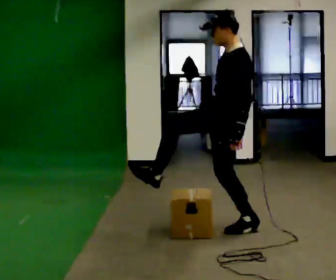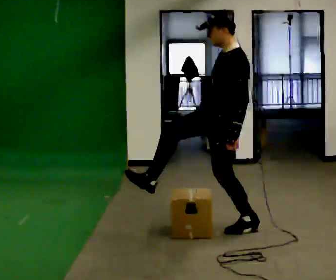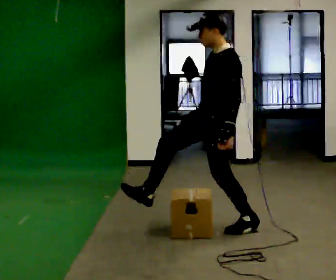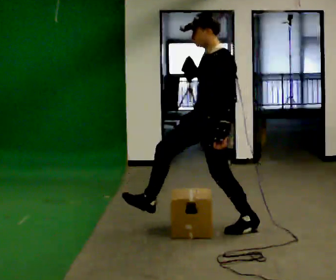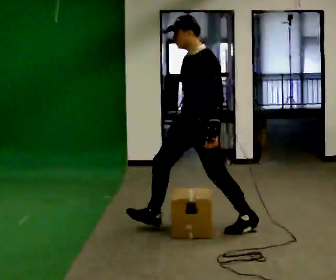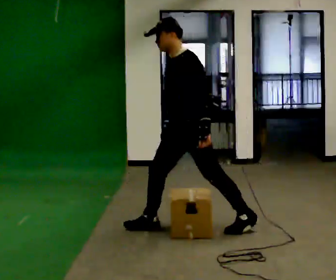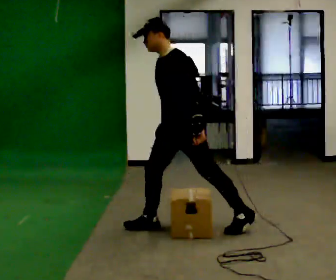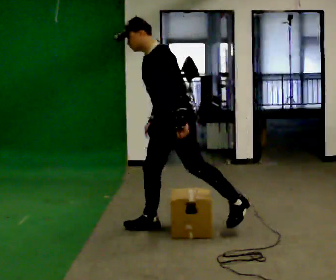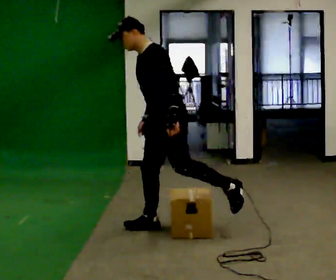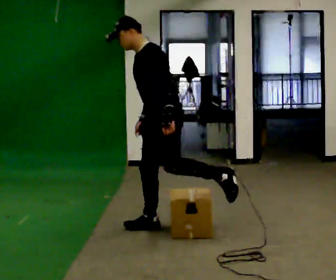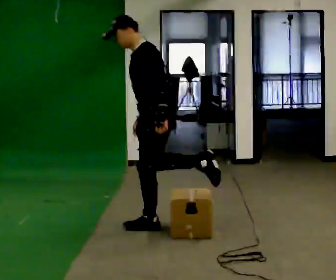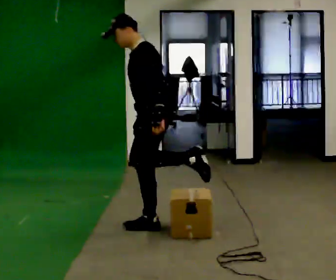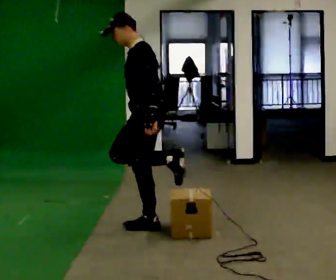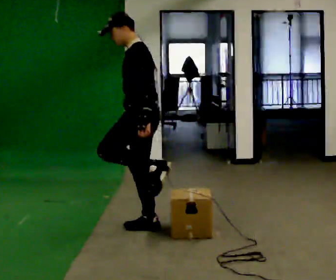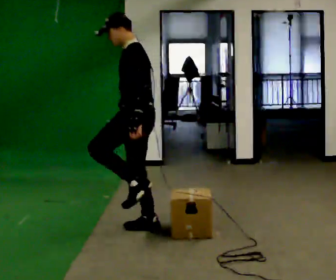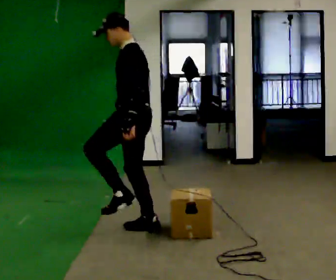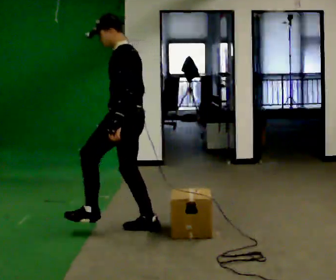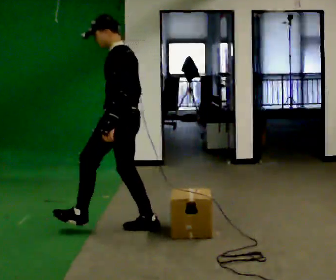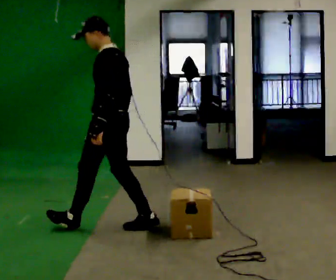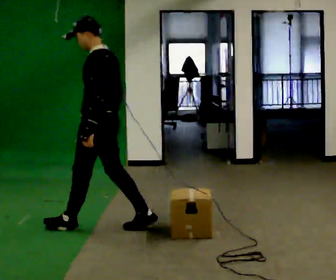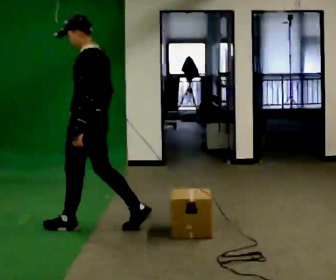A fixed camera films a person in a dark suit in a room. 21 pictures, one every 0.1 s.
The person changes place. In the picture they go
to the left.
0.0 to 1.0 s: In the picture they go to the left, about 0.5 m in 1 step, which for them is forward and to their right. In the picture the upper body tilts counterclockwise, shoulders to the left, as they bend forward.
1.0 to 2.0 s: Seen from above the body turns clockwise, about 30 degrees: to their right, with its near side sliding to the left. In the picture they go to the left, about 0.5 m in 1 step, which for them is forward. In the picture the upper body tilts clockwise, shoulders to the right, as they lean back or straighten.
The film runs forward here.
